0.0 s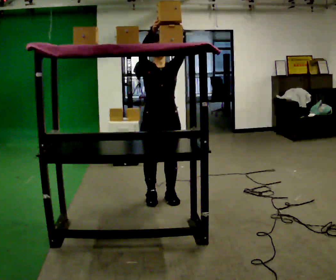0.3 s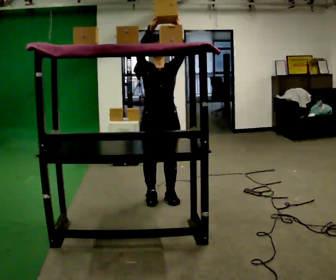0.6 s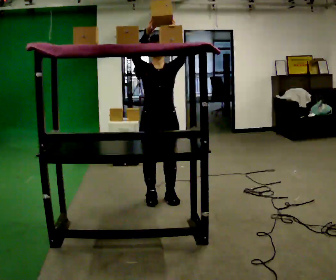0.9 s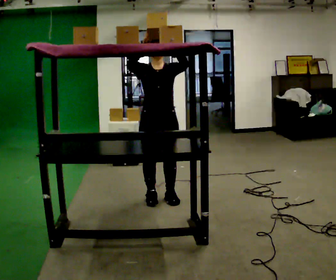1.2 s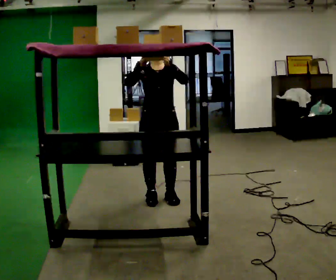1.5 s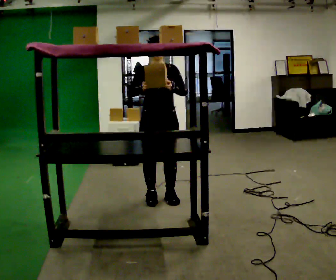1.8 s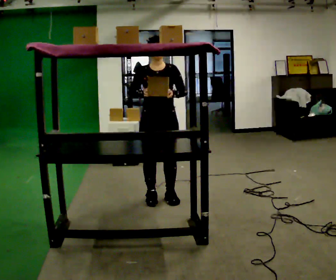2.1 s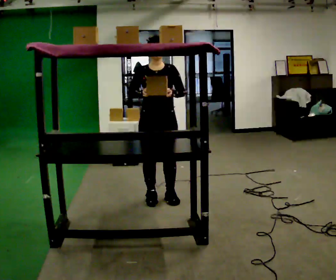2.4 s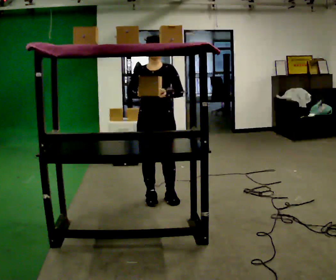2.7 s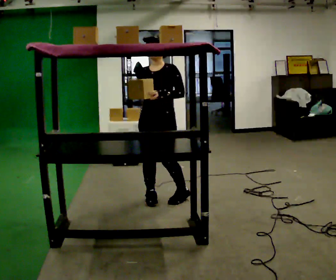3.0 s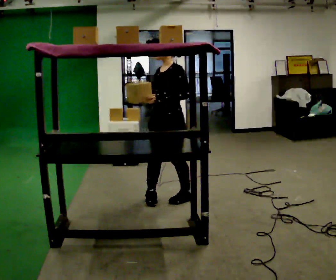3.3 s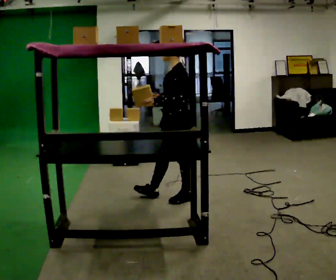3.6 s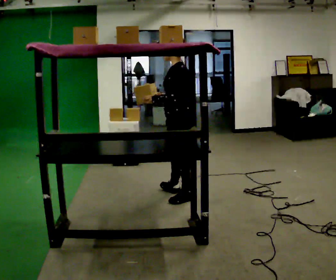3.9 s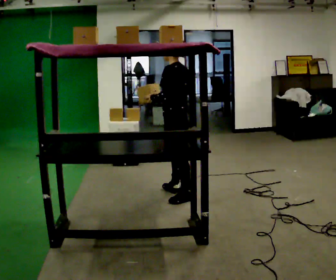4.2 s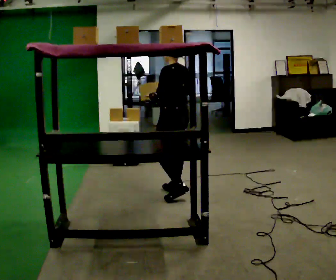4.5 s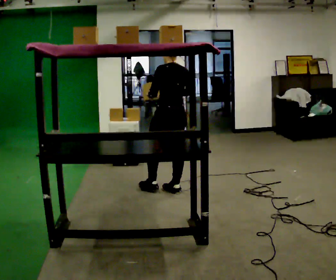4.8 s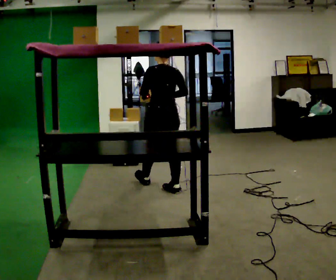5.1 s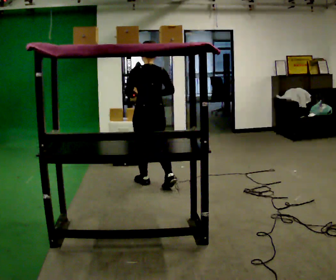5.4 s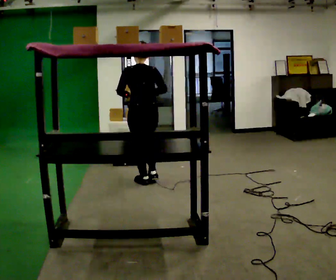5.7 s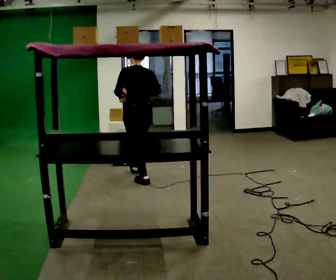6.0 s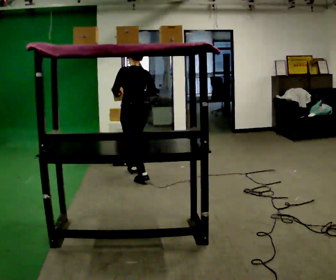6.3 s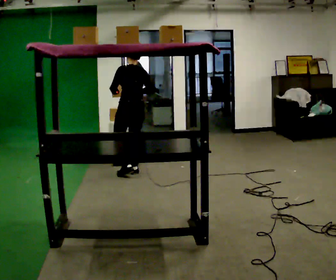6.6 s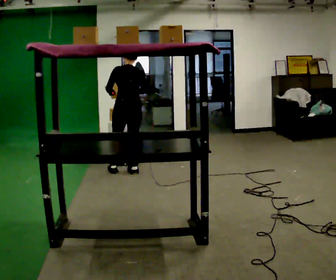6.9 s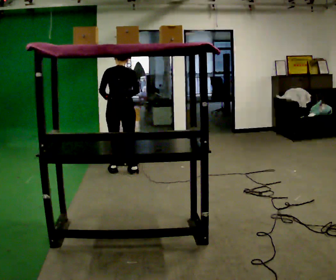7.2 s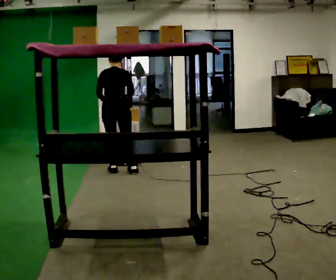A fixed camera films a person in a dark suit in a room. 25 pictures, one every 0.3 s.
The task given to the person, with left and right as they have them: Take an object from the waist-height shelf, carry it across the room, and place it on the highest shelf you can comfortably reach. Keep going until the operator says stop; one object at a time, and do not rush between trips.
0.0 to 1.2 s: In the picture their right hand goes downward.
1.2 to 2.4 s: The person moves a little, or ends about where they began.
2.4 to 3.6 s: Seen from above the body turns clockwise, about 90 degrees: to their right, with its near side sliding to the left. In the picture they go to the right, about 0.25 m in 2 steps.
3.6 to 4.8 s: The part of the body nearest the lens slides to the left as the person turns to their right by about 45 degrees. In the picture they go away from the camera and to the left, about 0.5 m in 1 step, which for them is forward and to their right.
4.8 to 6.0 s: In the picture they go away from the camera and to the left, about 0.5 m in 1 step, which for them is forward.
6.0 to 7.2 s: The person turns about 30 degrees to their right, clockwise seen from above, so the part of the body nearest the lens slides to the left. In the picture they go to the left and away from the camera, about 0.25 m in 1 step, which for them is forward and to their left. The upper body tips away from the camera, its near side rolling upward, as they bend forward.
The film runs forward here.
